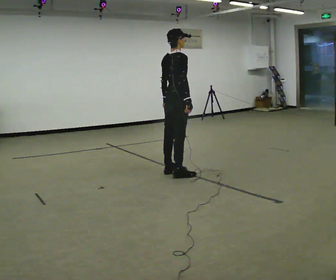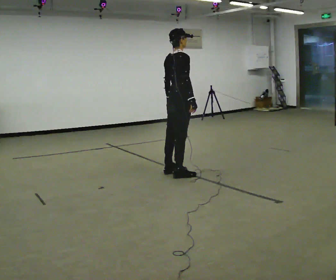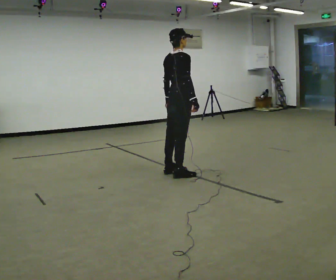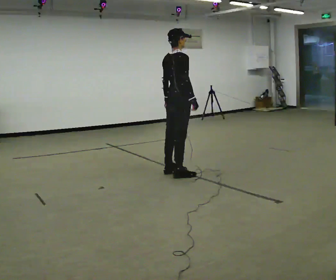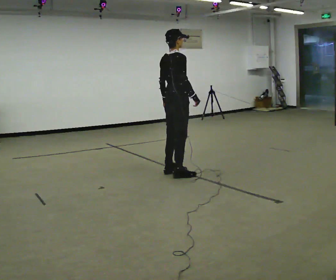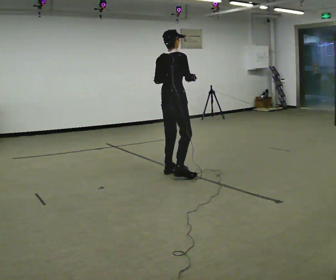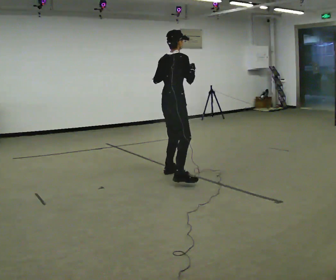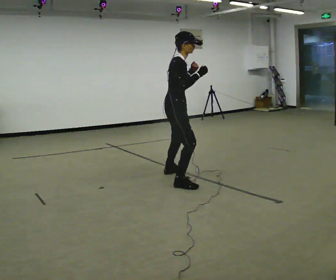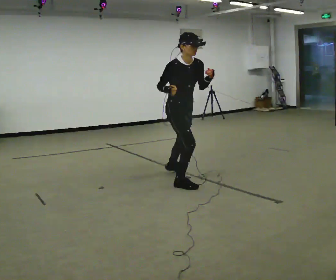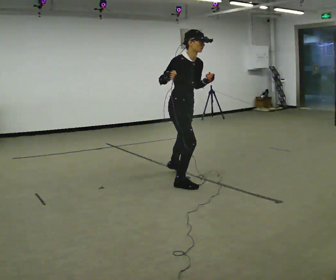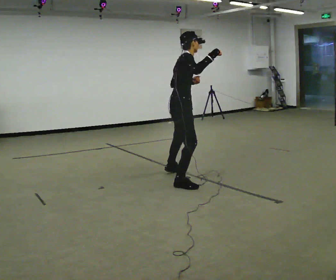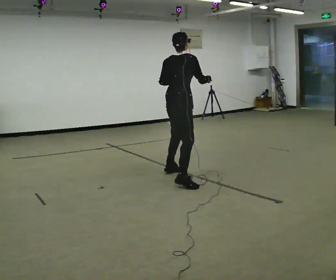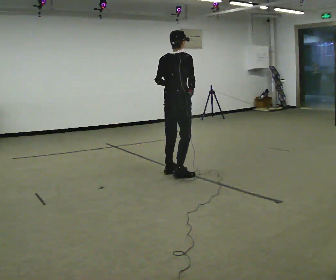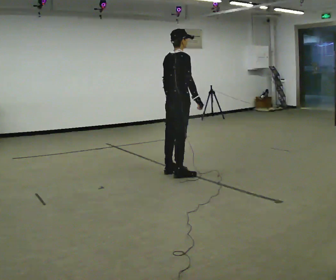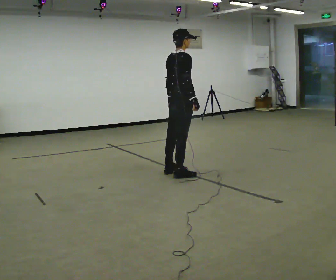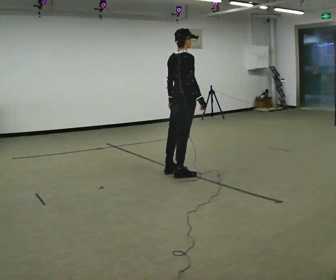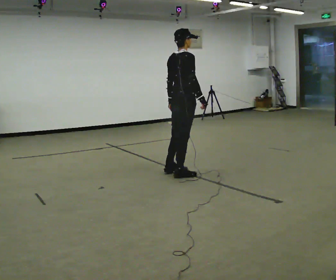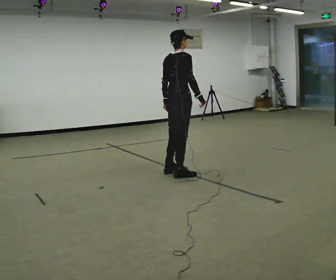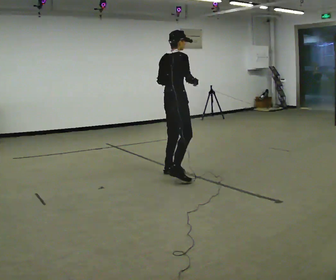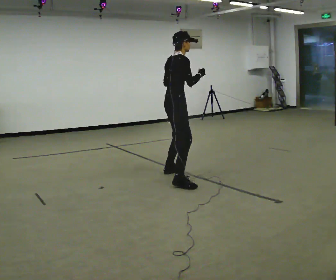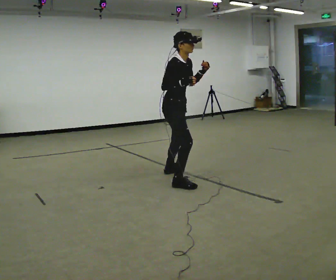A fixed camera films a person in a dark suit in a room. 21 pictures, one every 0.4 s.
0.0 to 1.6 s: The person moves a little, or ends about where they began.
1.6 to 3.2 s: The person turns about 75 degrees to their right, clockwise seen from above, so the part of the body nearest the lens slides to the left. In the picture they go toward the camera, about 0.5 m in 2 steps.
3.2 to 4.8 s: Seen from above the body turns counterclockwise, about 105 degrees: to their left, with its near side sliding to the right. In the picture they go away from the camera, about 0.25 m. The upper body tips away from the camera, its near side rolling upward.
4.8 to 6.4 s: The person moves a little, or ends about where they began.
6.4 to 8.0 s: Seen from above the body turns clockwise, about 60 degrees: to their right, with its near side sliding to the left. In the picture they go toward the camera, about 0.25 m in 1 step. In the picture their left hand goes upward.
The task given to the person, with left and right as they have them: Repeat a short dance step or sequence over and over in time with a steady beat.
The film runs forward here.
